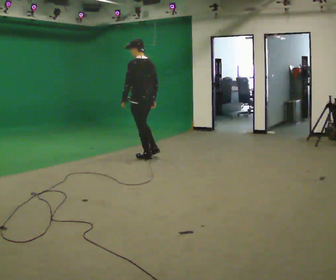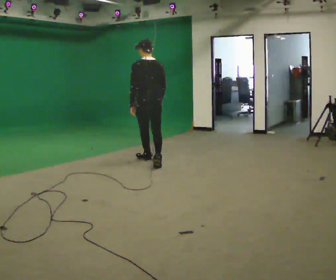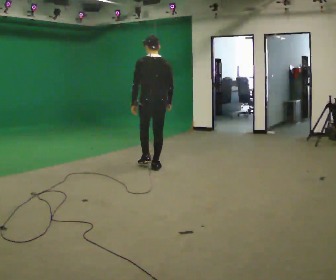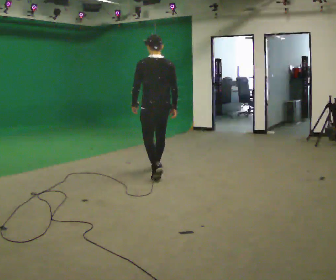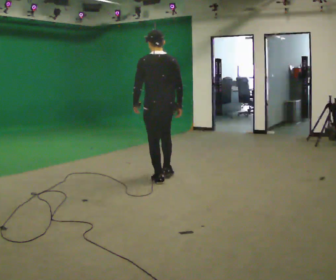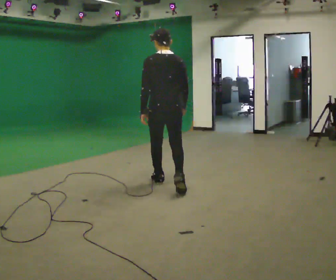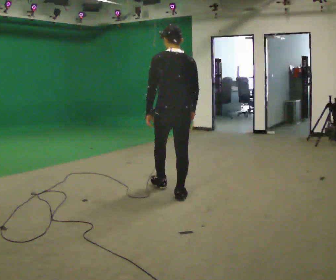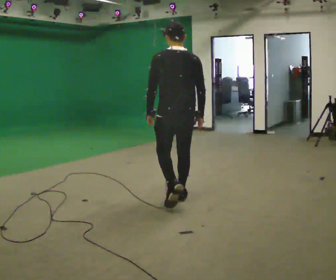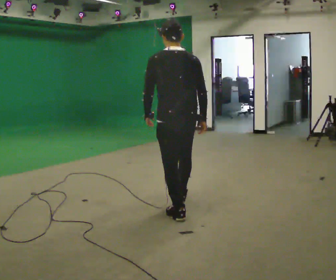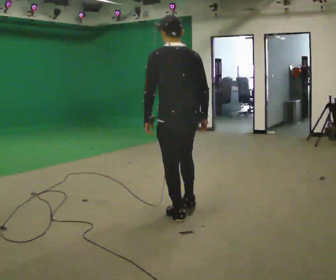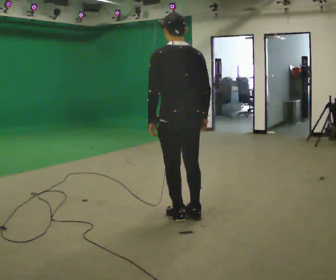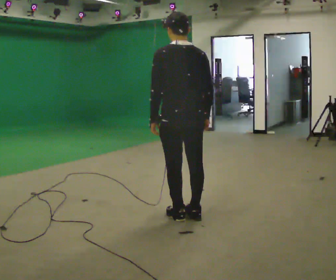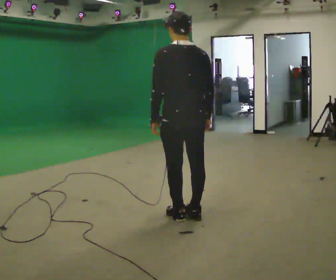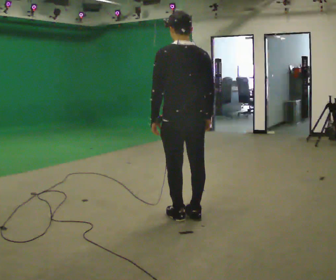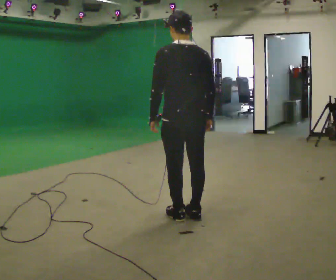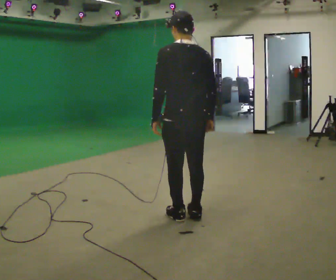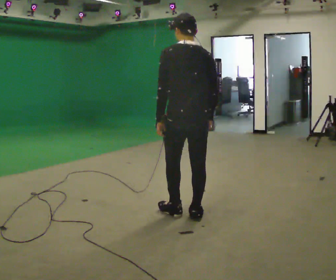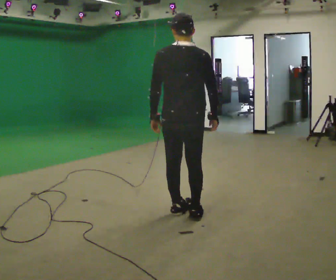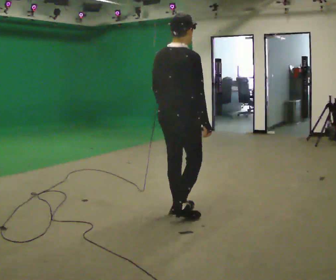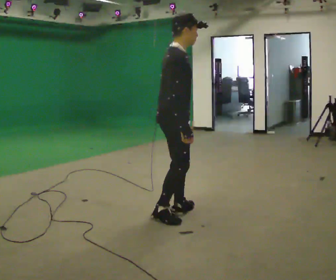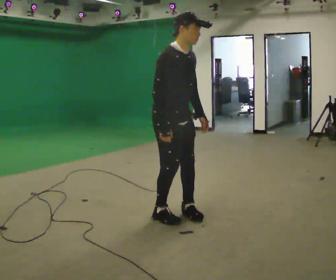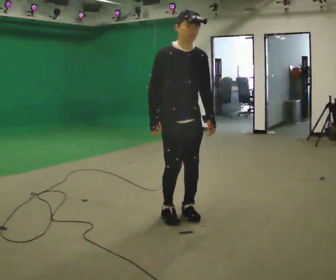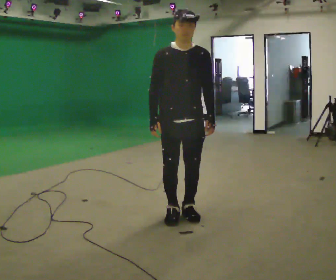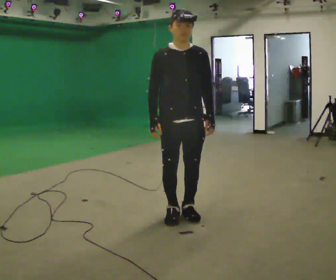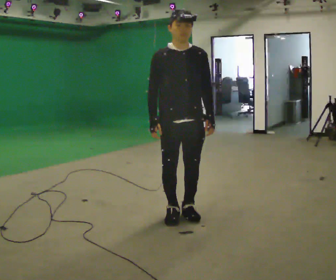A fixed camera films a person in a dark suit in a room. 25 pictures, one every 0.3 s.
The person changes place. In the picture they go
toward the camera.
The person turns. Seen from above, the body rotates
clockwise.
0.0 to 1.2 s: The person turns about 30 degrees to their right, clockwise seen from above, so the part of the body nearest the lens slides to the left. In the picture they go toward the camera, about 1 m in 2 steps, which for them is backward.
1.2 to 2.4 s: In the picture they go toward the camera, about 1 m in 2 steps, which for them is backward.
2.4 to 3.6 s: In the picture they go toward the camera, about 0.25 m, which for them is backward.
3.6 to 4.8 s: The person moves a little, or ends about where they began.
4.8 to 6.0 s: Seen from above the body turns clockwise, about 135 degrees: to their right, with its near side sliding to the left. In the picture they go to the left, about 0.25 m in 1 step. The upper body tips toward the camera, its near side rolling downward. In the picture their left hand goes to the right.
6.0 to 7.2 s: The person turns about 45 degrees to their right, clockwise seen from above, so the part of the body nearest the lens slides to the left.
The film runs backward here.
